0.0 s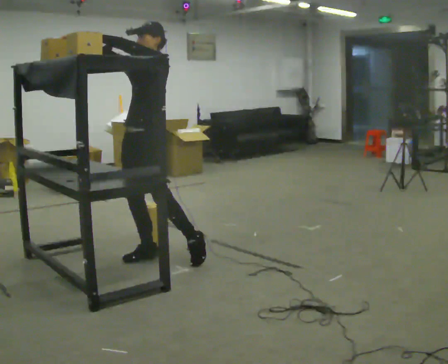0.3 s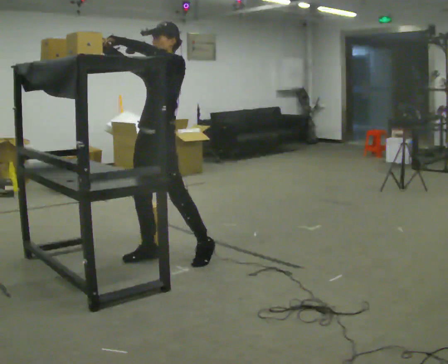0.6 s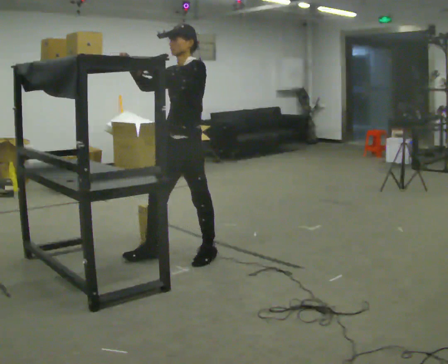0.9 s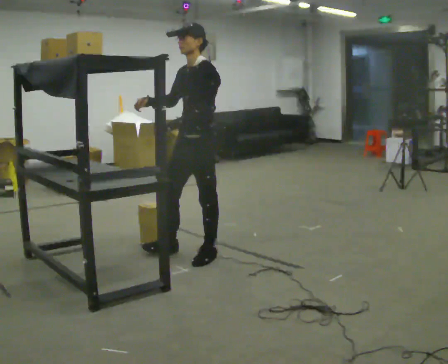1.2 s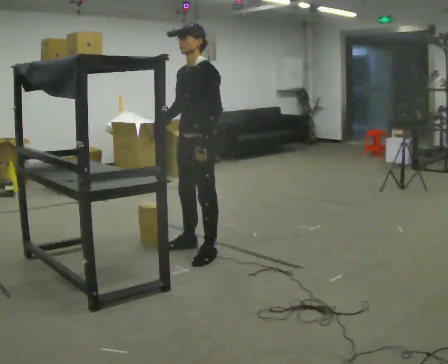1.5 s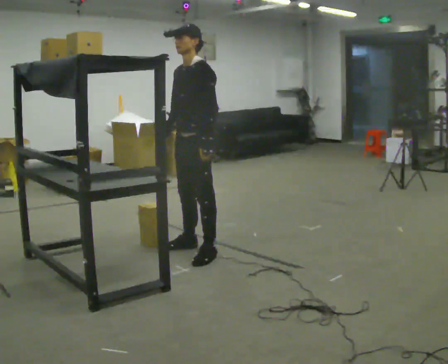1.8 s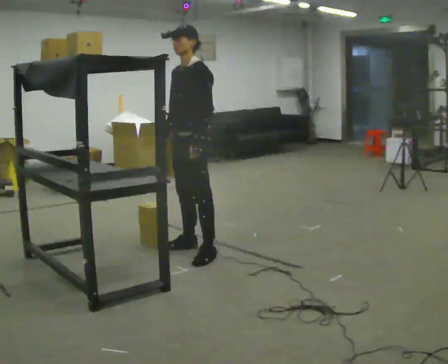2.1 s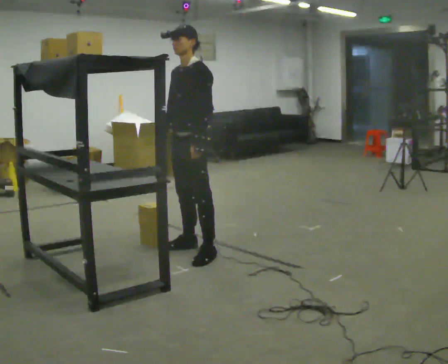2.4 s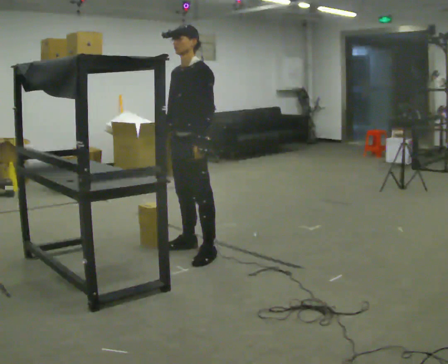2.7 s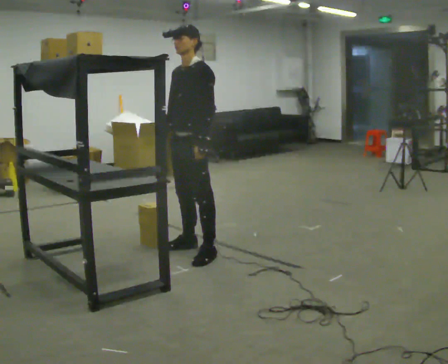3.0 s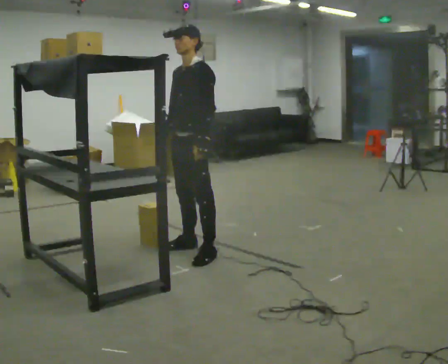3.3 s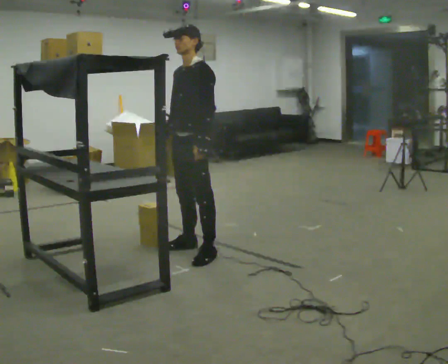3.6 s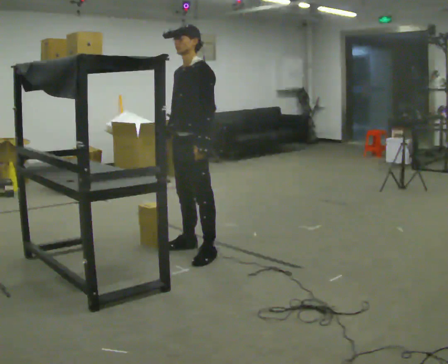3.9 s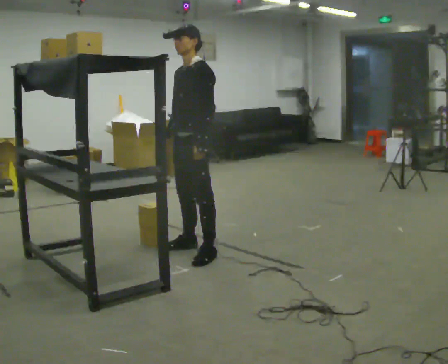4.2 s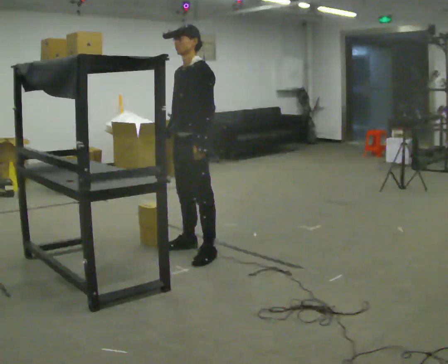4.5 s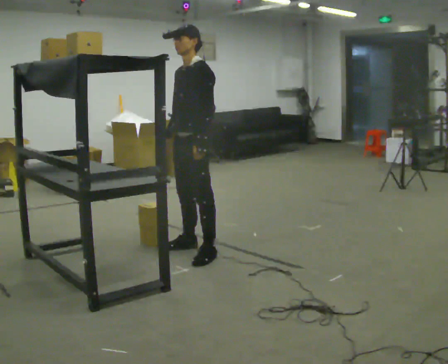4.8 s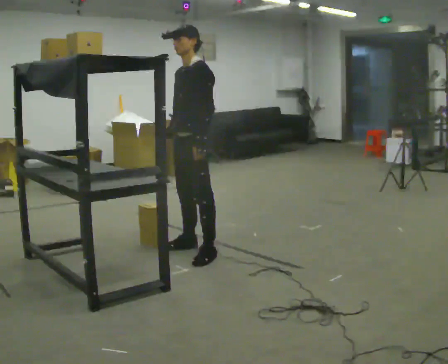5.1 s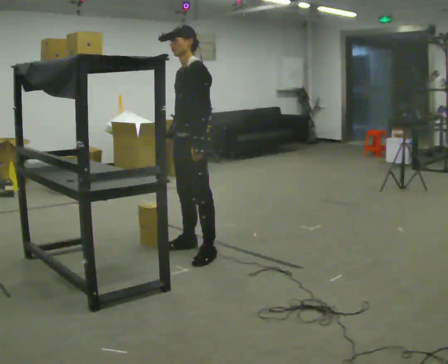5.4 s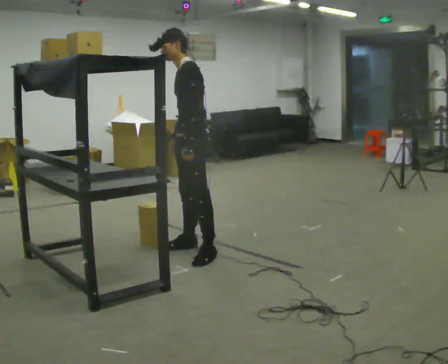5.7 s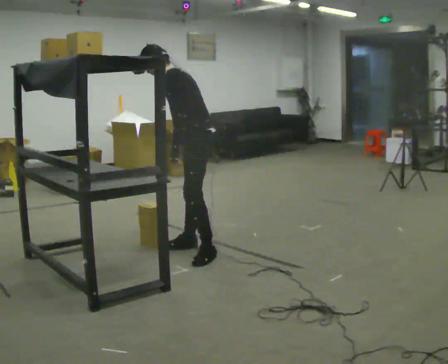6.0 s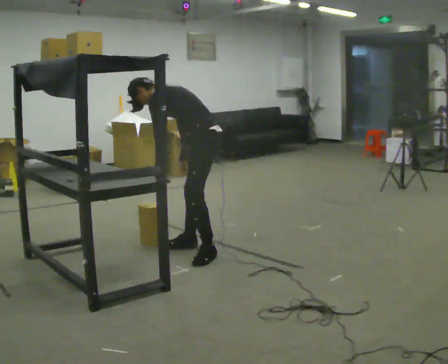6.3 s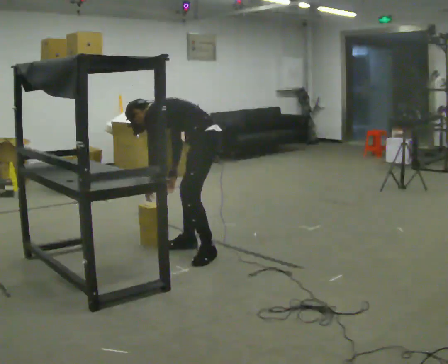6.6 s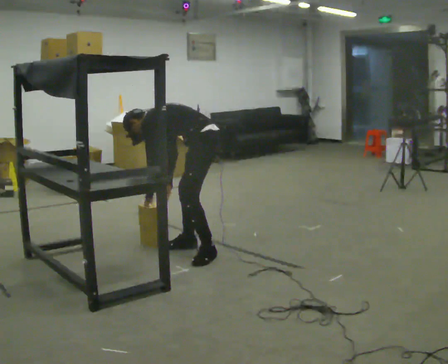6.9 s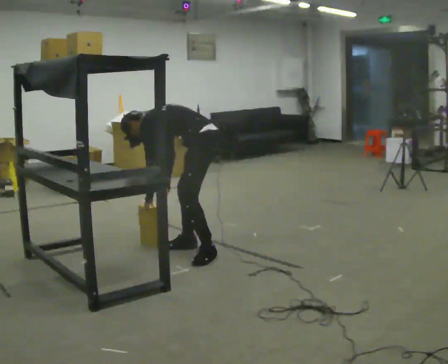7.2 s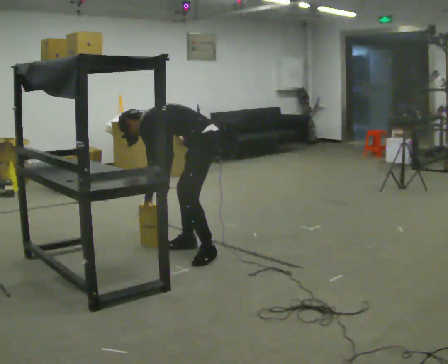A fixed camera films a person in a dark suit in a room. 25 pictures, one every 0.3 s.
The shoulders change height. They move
downward.
Their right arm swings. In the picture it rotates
counterclockwise.
0.0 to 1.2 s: In the picture they go to the right, about 0.5 m in 1 step, which for them is backward and to their left. In the picture their left hand goes downward.
1.2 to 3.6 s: The person moves a little, or ends about where they began.
3.6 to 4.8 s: The person keeps their place and pose.
4.8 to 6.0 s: The person turns about 45 degrees to their right, clockwise seen from above, so the part of the body nearest the lens slides to the left. The shoulders move downward. In the picture the upper body tilts counterclockwise, shoulders to the left, as they bend forward.
6.0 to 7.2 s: The shoulders move downward. In the picture the upper body tilts counterclockwise, shoulders to the left, as they bend forward.
The film runs forward here.
